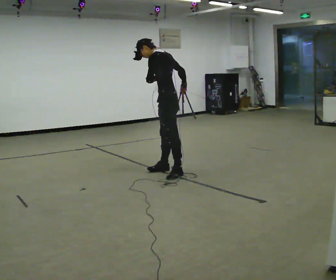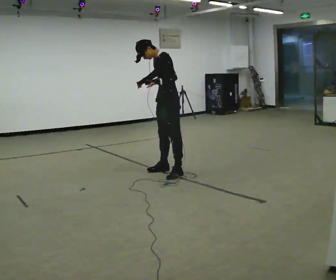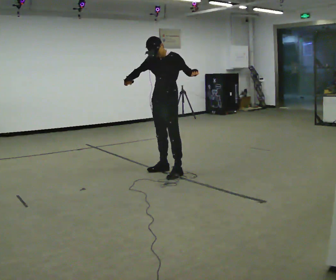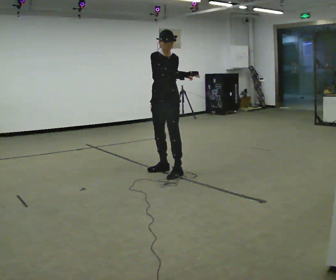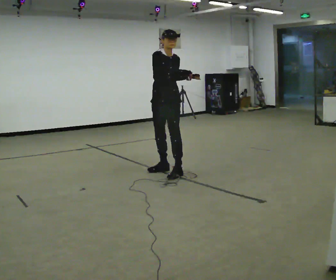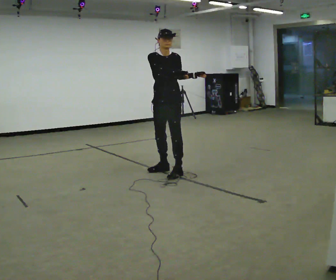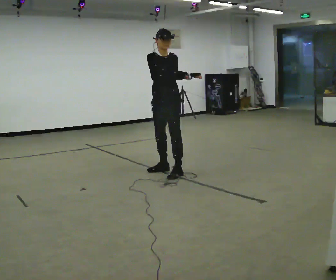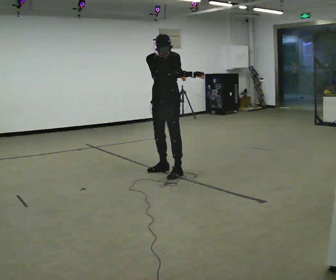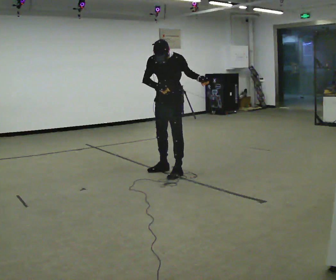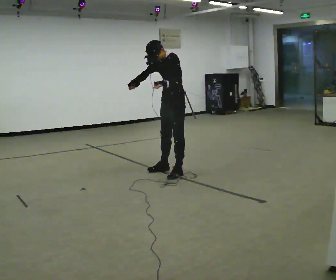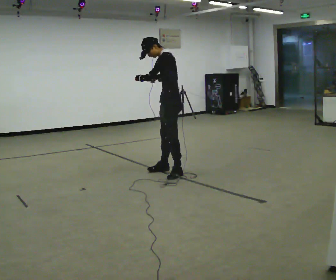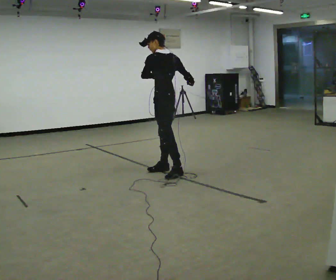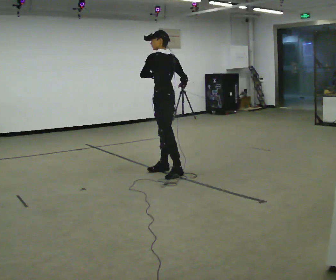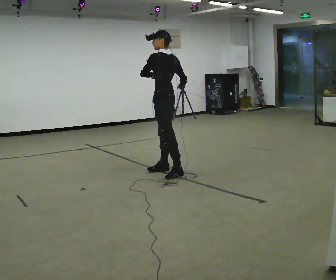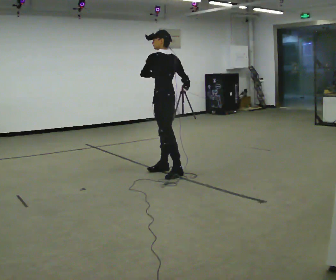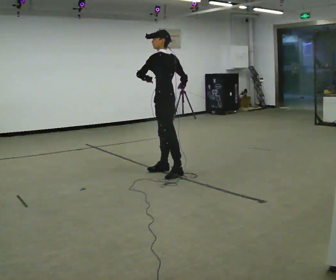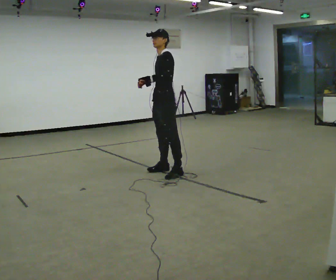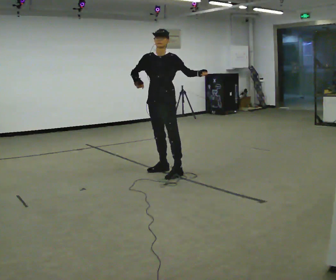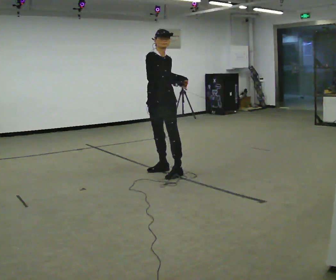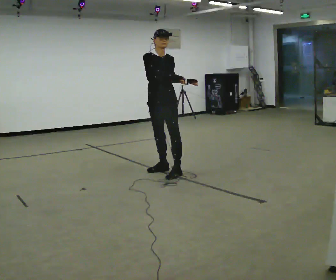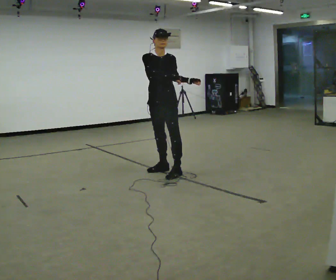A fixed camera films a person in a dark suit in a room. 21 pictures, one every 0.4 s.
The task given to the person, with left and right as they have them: Keeping your feet still, turn your upper body to look behind you on one side, return to the front, then turn to the other side. Repeat the movement at your own pace until the operator says stop; do not rush.
0.0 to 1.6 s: The person turns about 105 degrees to their left, counterclockwise seen from above, so the part of the body nearest the lens slides to the right. In the picture the upper body tilts clockwise, shoulders to the right. In the picture their left hand goes to the right.
1.6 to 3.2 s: The part of the body nearest the lens slides to the left as the person turns to their right by about 30 degrees. The upper body tips toward the camera, its near side rolling downward, as they bend forward. In the picture their right hand goes to the left.
3.2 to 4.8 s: The person turns about 90 degrees to their right, clockwise seen from above, so the part of the body nearest the lens slides to the left. The upper body tips away from the camera, its near side rolling upward, as they lean back or straighten. In the picture their right hand goes to the right.
4.8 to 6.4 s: Seen from above the body turns counterclockwise, about 45 degrees: to their left, with its near side sliding to the right.
6.4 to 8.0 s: The person turns about 60 degrees to their left, counterclockwise seen from above, so the part of the body nearest the lens slides to the right. In the picture their right hand goes to the right.
The film runs forward here.
